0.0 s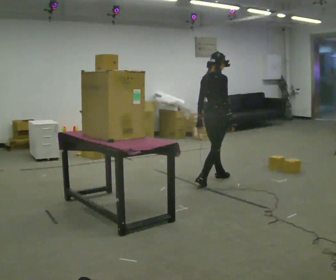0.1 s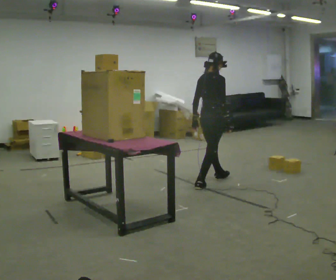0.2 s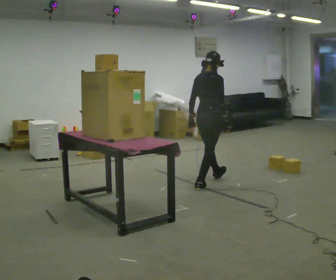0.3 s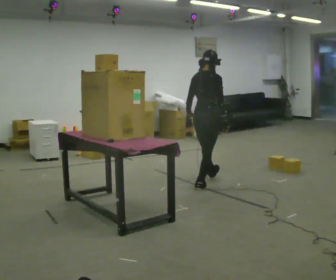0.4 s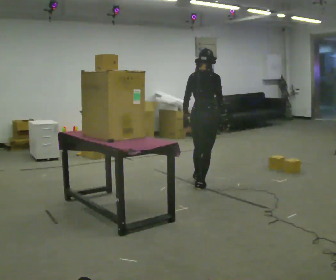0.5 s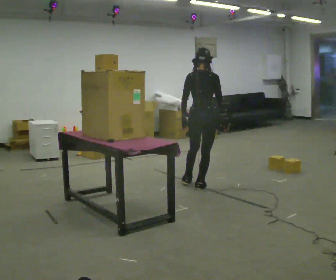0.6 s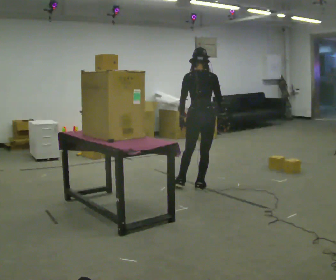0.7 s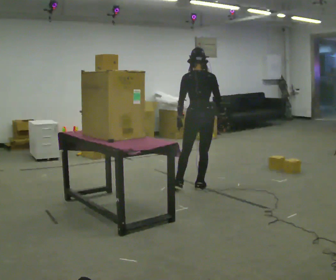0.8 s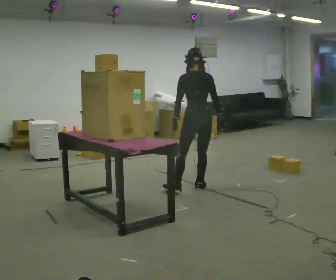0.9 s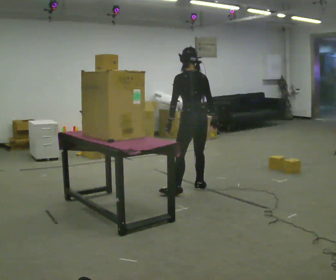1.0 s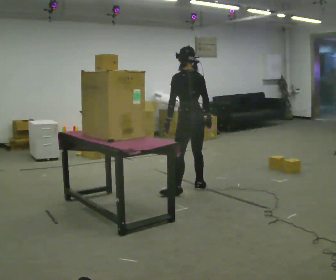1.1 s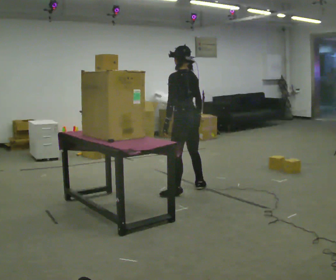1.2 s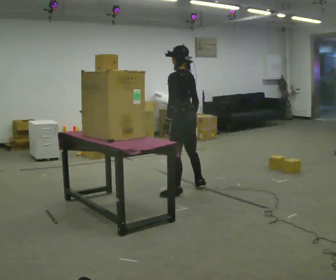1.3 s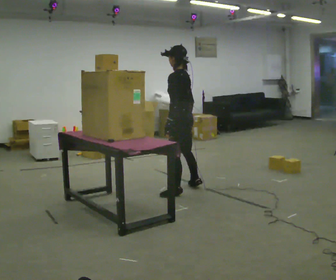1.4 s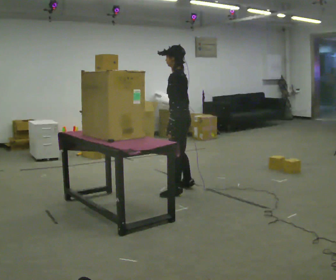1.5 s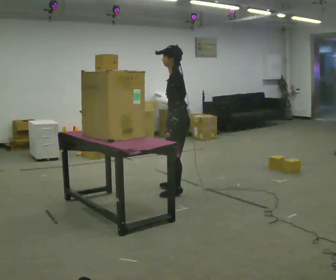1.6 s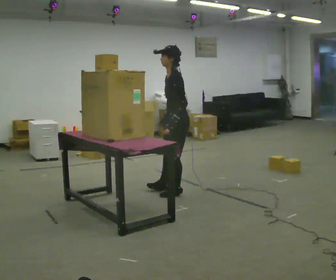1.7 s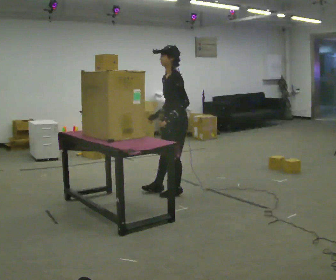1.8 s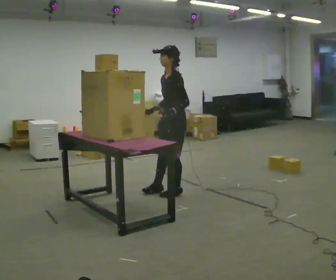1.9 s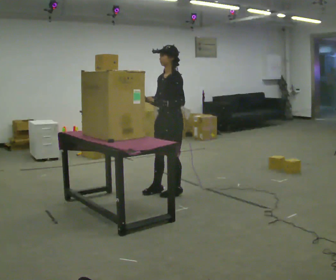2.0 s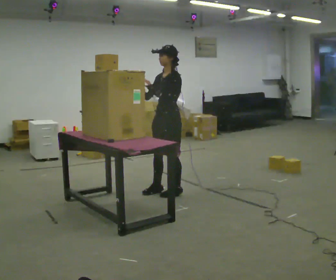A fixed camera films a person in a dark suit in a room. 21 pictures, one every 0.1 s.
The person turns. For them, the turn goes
to their left.
The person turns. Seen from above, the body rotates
counterclockwise.
0.0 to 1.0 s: Seen from above the body turns counterclockwise, about 90 degrees: to their left, with its near side sliding to the right. In the picture they go toward the camera and to the left, about 0.5 m in 1 step.
1.0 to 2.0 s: Seen from above the body turns counterclockwise, about 90 degrees: to their left, with its near side sliding to the right. In the picture they go to the left, about 0.25 m in 1 step. In the picture their right hand goes to the left, the arm swinging clockwise.
The film runs backward here.
